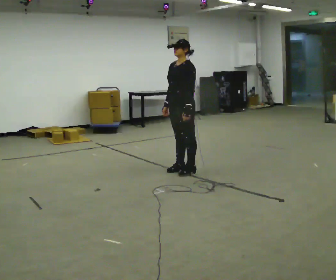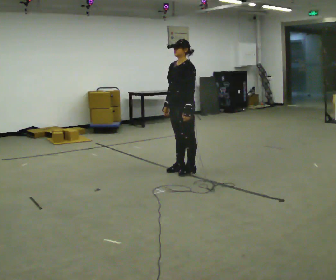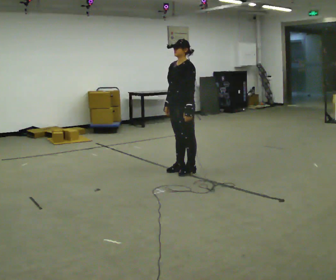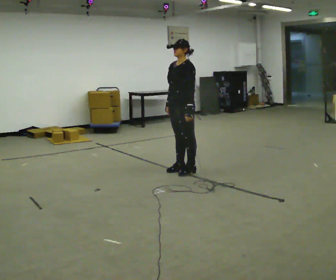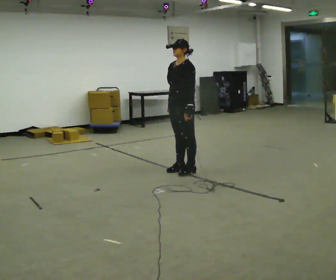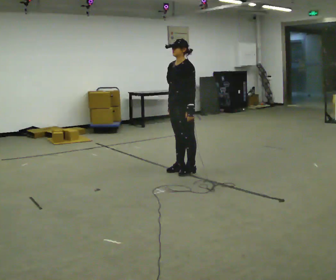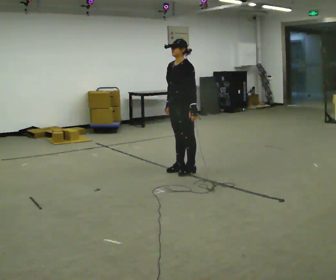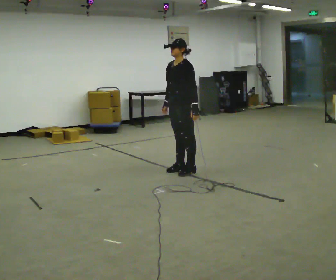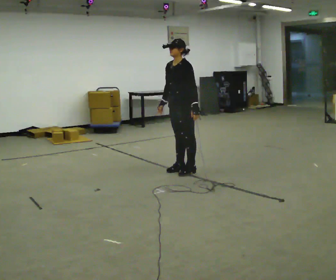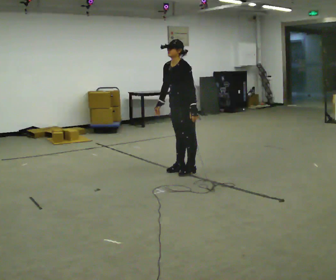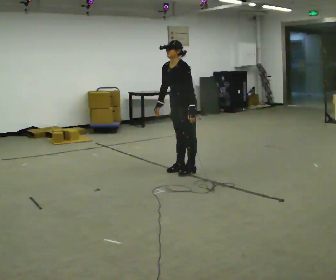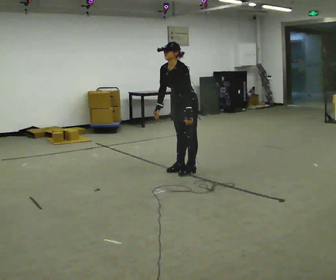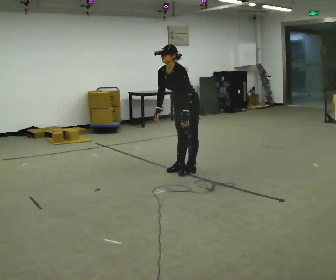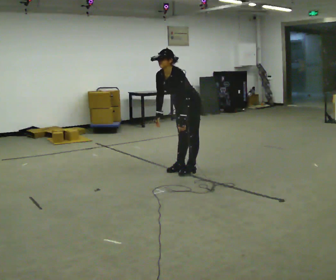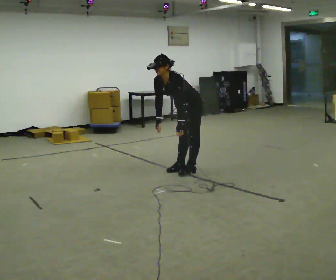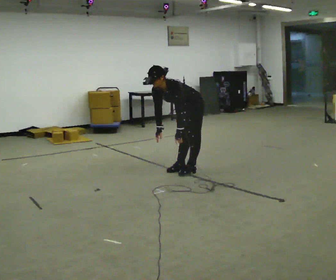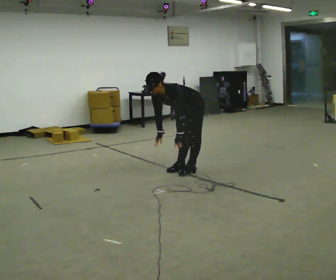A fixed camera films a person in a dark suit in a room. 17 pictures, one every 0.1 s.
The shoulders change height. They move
downward.
0.0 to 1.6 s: The upper body goes downward. In the picture the upper body tilts counterclockwise, shoulders to the left, as they bend forward.
The film runs backward here.
